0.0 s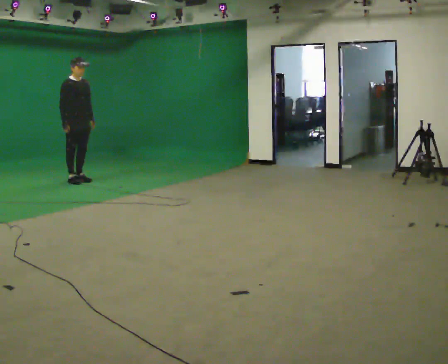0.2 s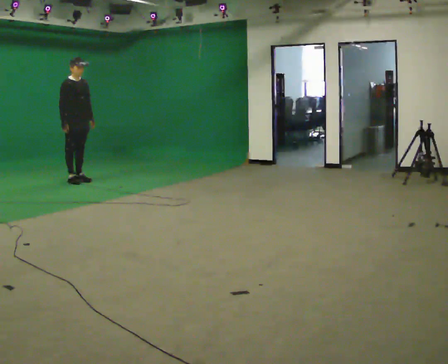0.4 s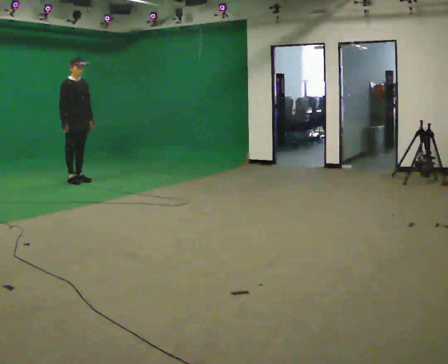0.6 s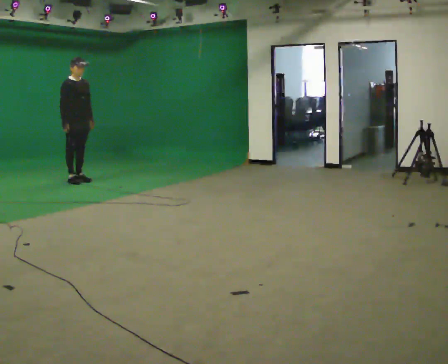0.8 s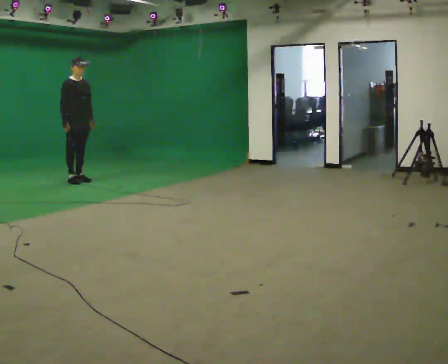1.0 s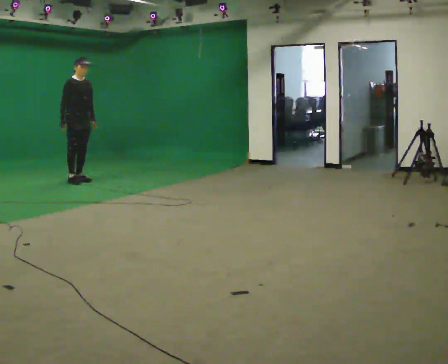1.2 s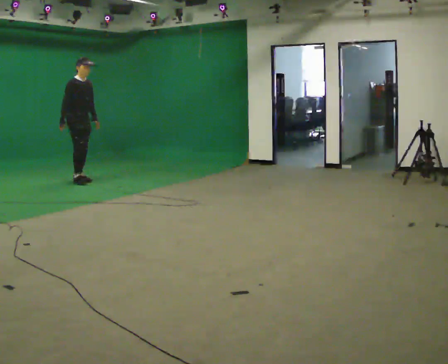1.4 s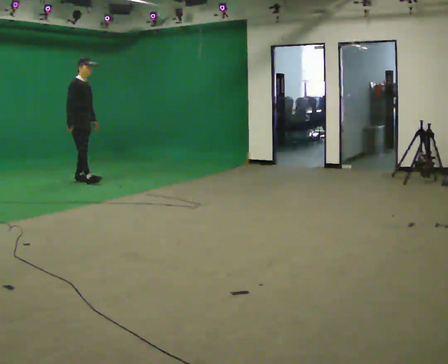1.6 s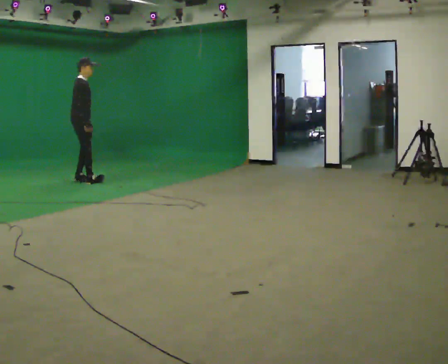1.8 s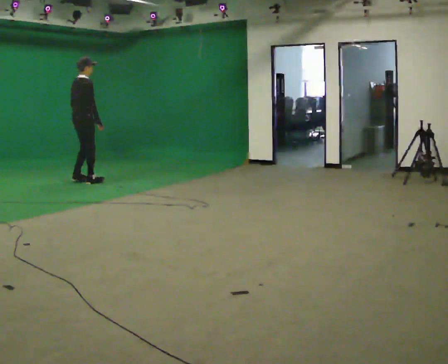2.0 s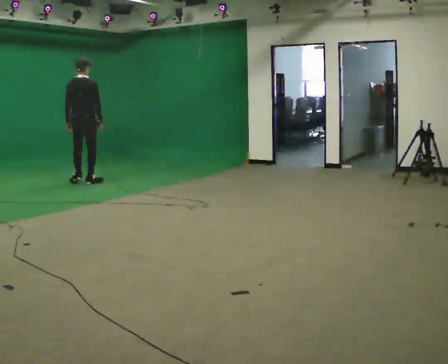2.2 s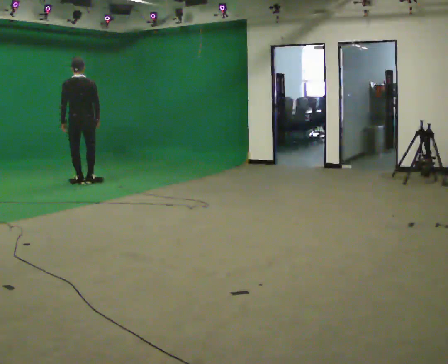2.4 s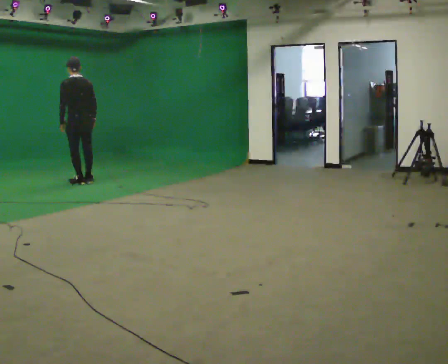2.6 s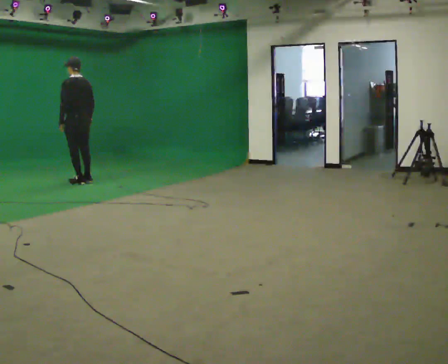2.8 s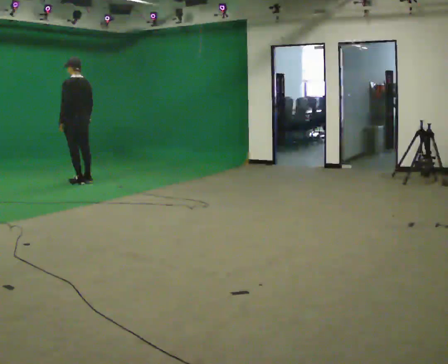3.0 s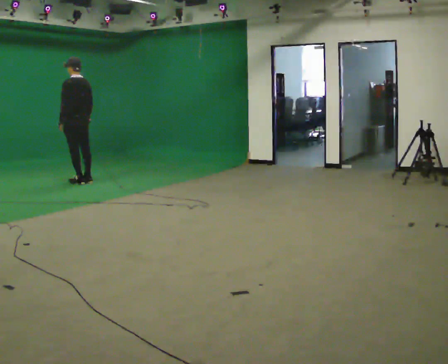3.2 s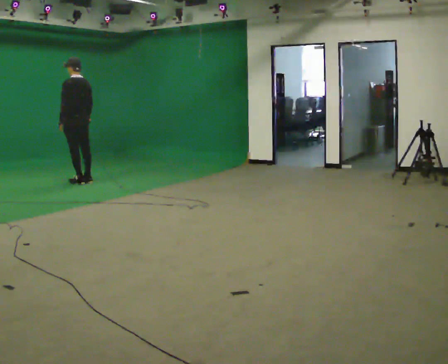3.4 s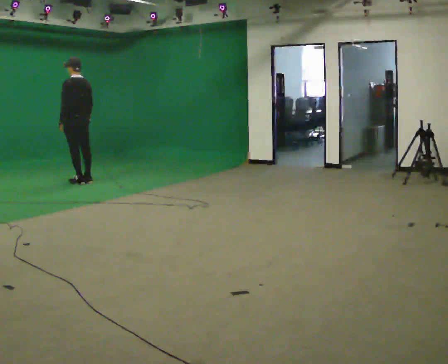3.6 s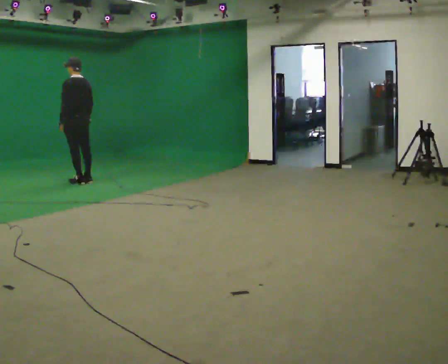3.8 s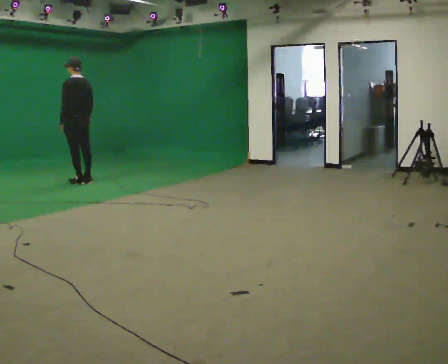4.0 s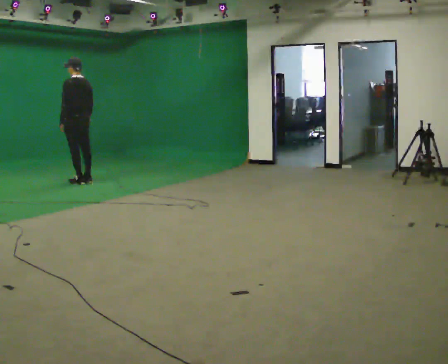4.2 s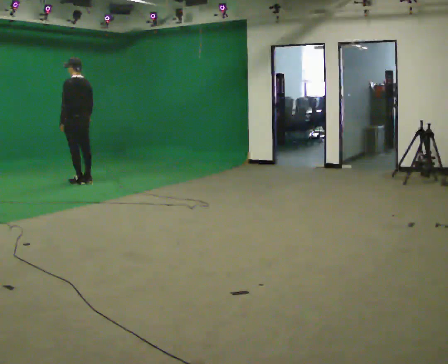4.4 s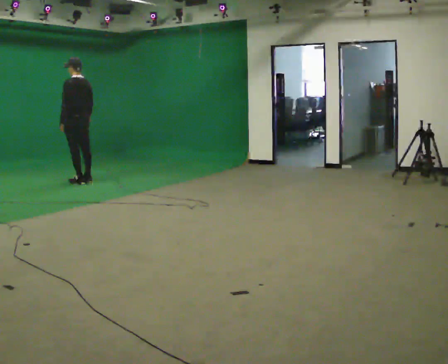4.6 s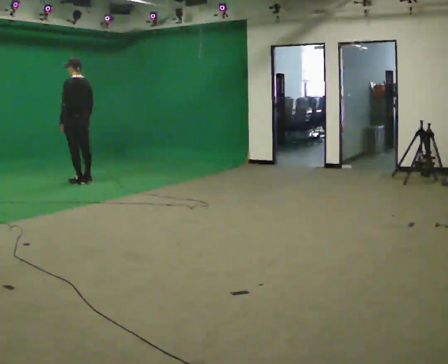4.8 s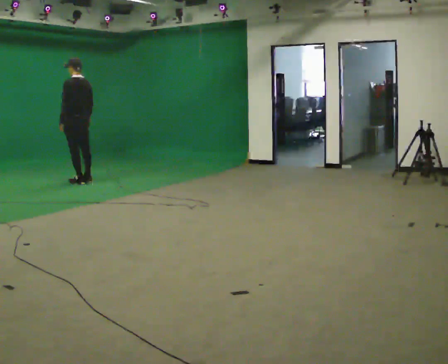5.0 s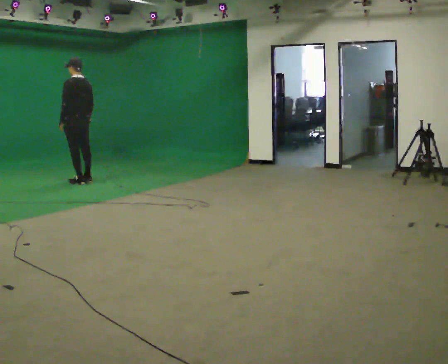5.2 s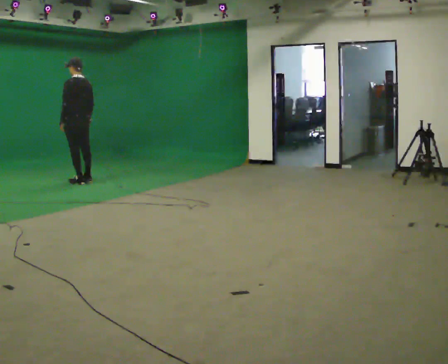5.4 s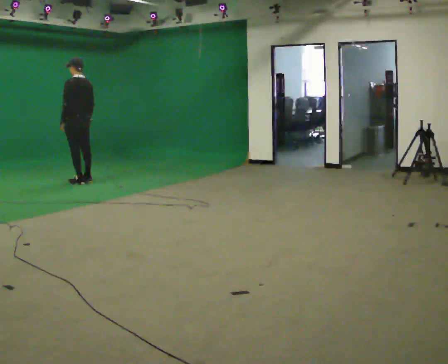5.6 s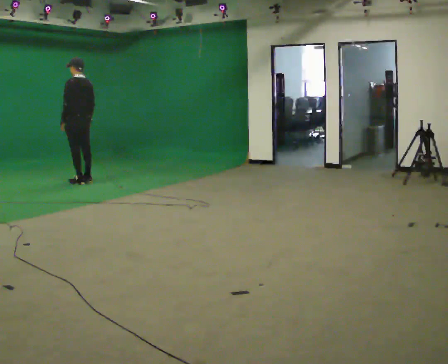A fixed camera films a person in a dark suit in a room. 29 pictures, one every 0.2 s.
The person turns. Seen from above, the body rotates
counterclockwise.
The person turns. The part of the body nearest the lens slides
to the right.
0.0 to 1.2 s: The person moves a little, or ends about where they began.
1.2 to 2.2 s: The part of the body nearest the lens slides to the right as the person turns to their left by about 135 degrees. In the picture they go toward the camera, about 0.25 m in 1 step. In the picture their right hand goes to the right, the arm swinging counterclockwise.
2.2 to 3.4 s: The part of the body nearest the lens slides to the right as the person turns to their left by about 45 degrees.
3.4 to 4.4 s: The person keeps their place and pose.
4.4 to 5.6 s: The person moves a little, or ends about where they began.
The film runs backward here.
